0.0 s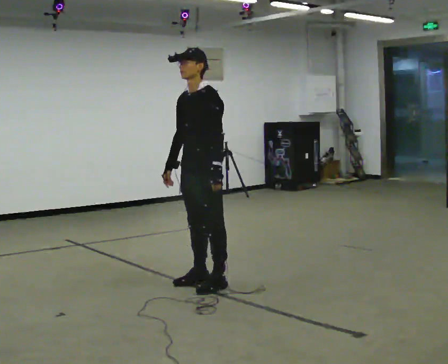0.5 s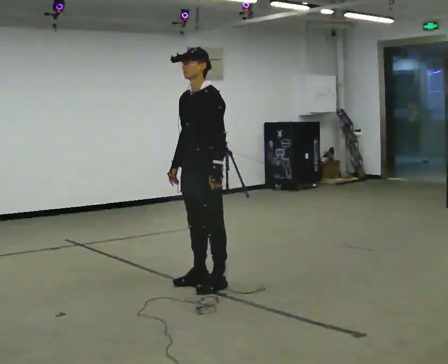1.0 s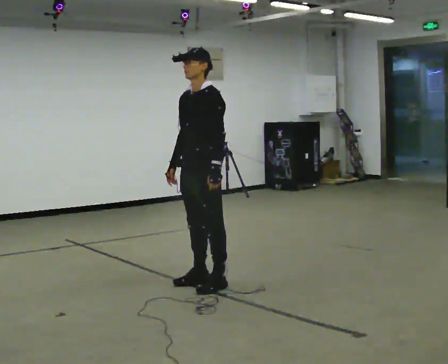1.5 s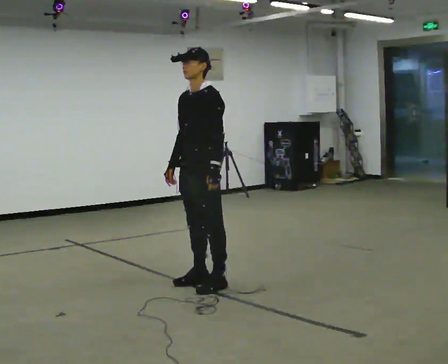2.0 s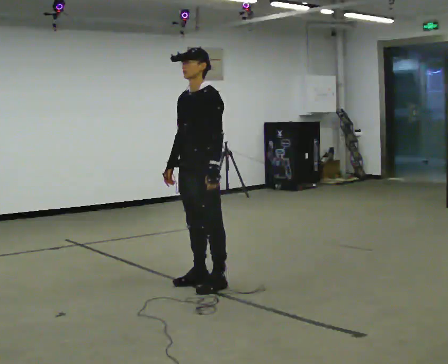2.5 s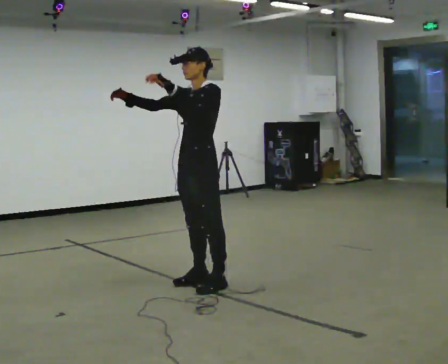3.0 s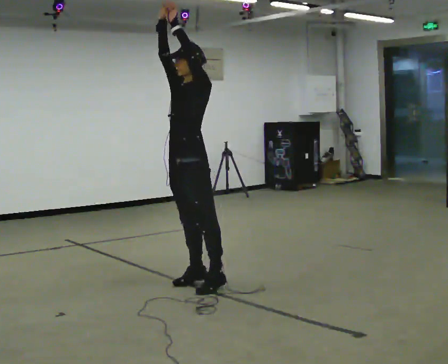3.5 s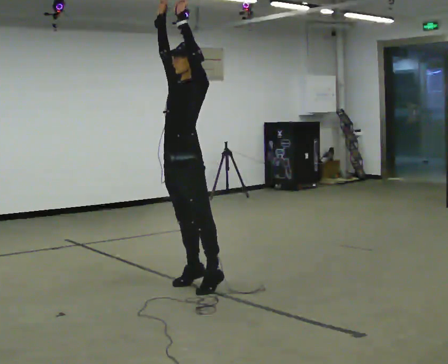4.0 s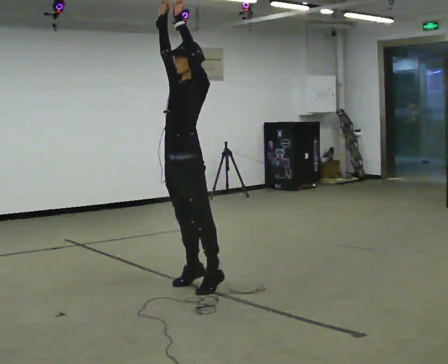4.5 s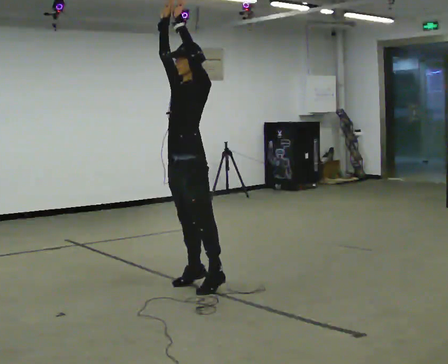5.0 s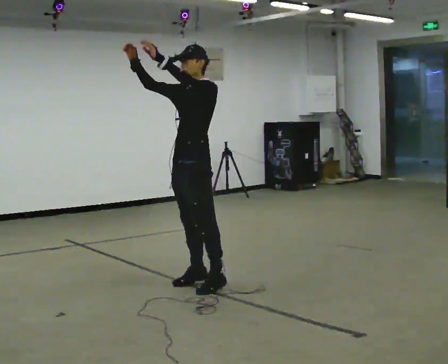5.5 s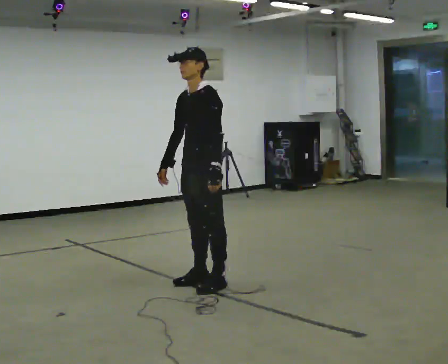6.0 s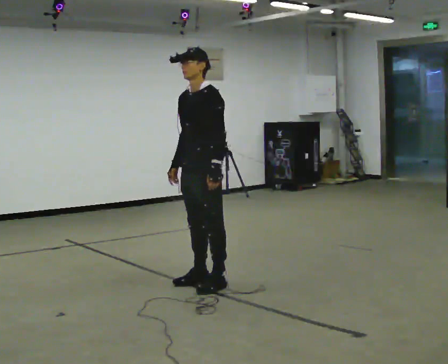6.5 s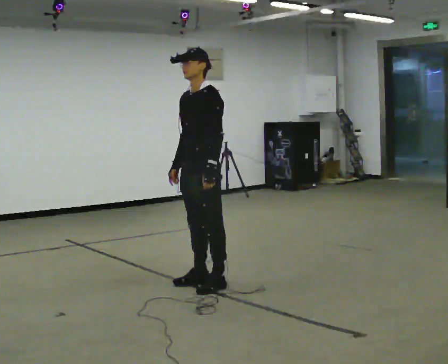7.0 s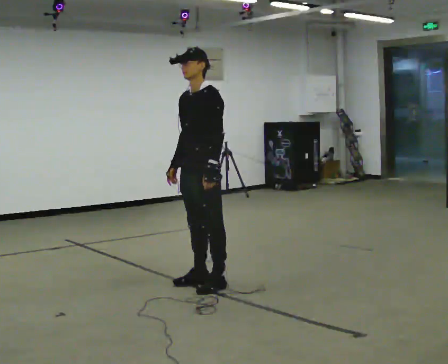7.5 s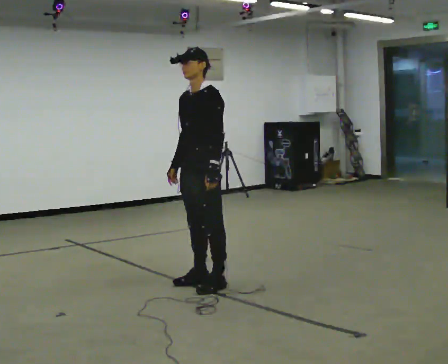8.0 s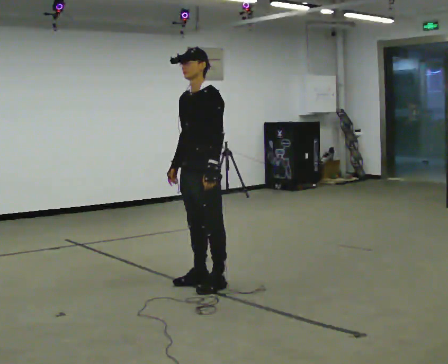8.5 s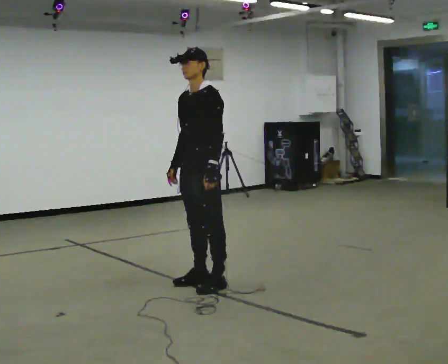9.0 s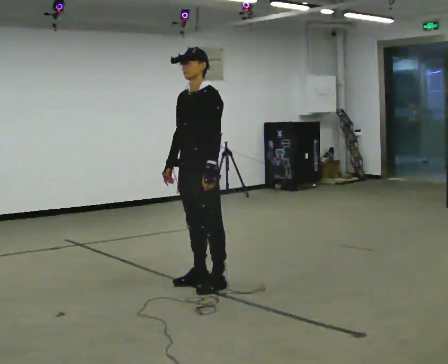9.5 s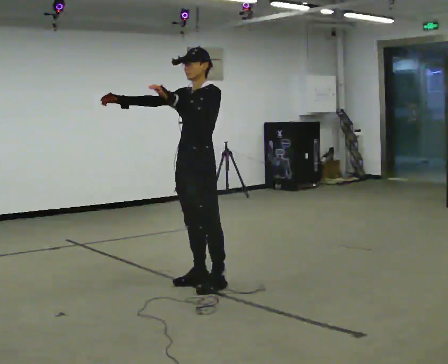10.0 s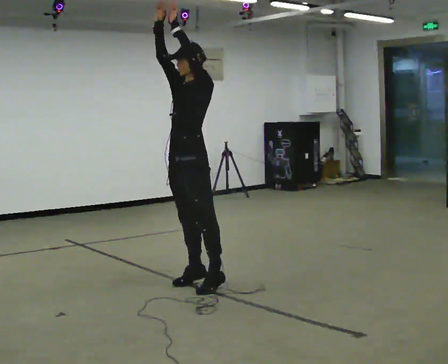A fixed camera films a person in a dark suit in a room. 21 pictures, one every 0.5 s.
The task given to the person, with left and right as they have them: Keeping your feet still, reach both arms up overhead as high as is comfortable, then lower them. Repeat the movement at your own pace until the operator says stop; do not rush.
0.0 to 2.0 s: The person moves a little, or ends about where they began.
2.0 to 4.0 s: In the picture their right hand goes upward, the arm swinging clockwise.
4.0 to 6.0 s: In the picture the upper body tilts counterclockwise, shoulders to the left, as they bend forward. In the picture their right hand goes downward, the arm swinging counterclockwise.
6.0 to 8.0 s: The person moves a little, or ends about where they began.
8.0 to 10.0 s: In the picture their right hand goes upward, the arm swinging clockwise.
The film runs forward here.
